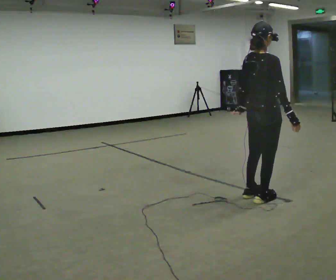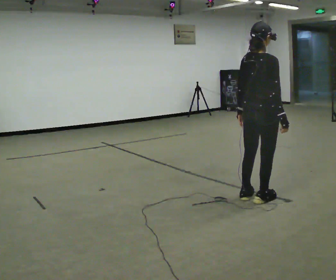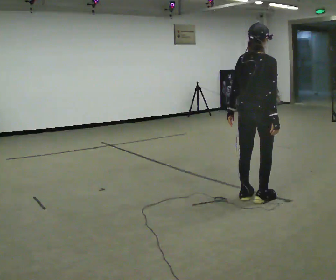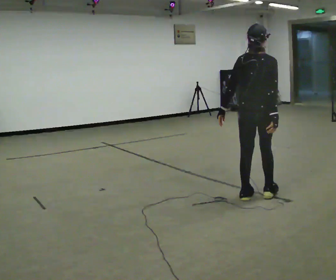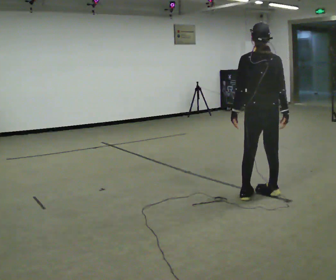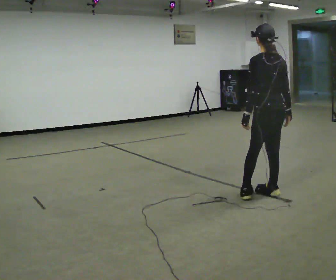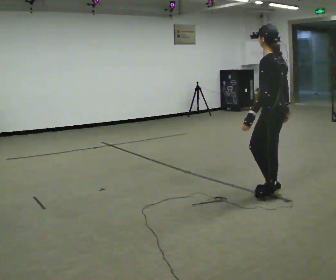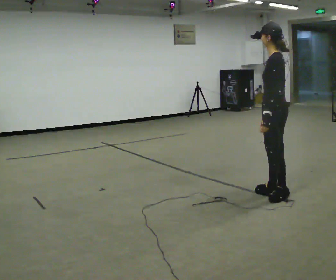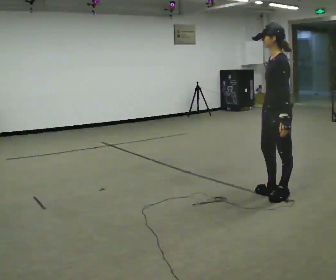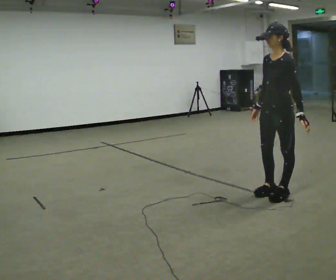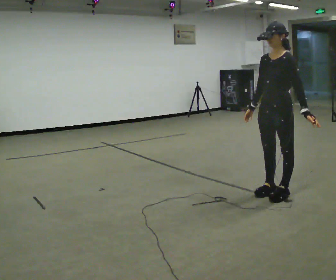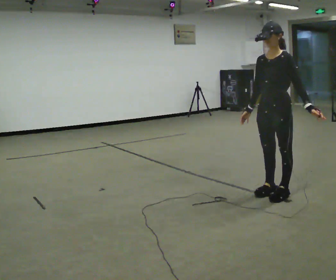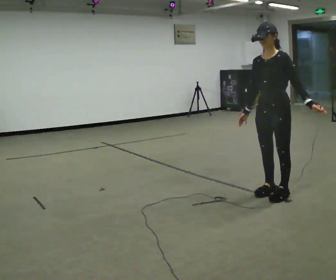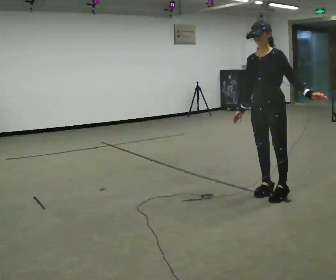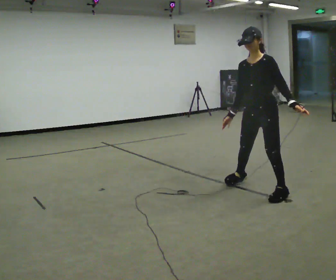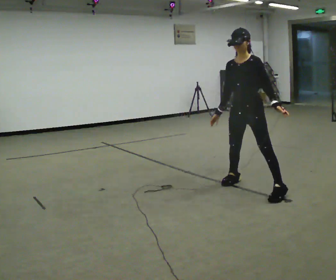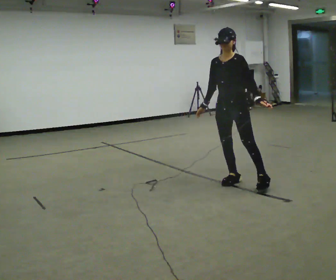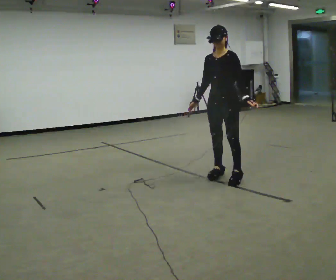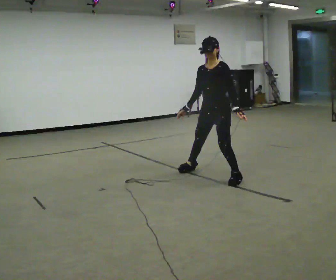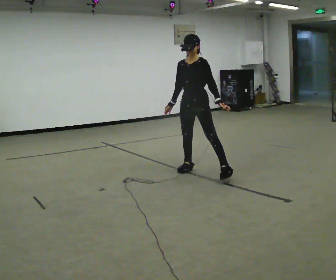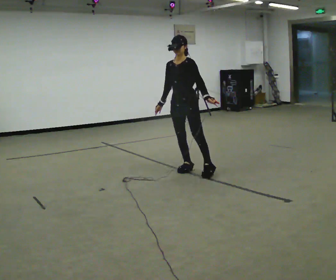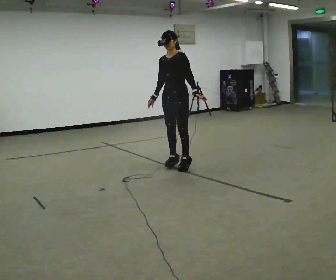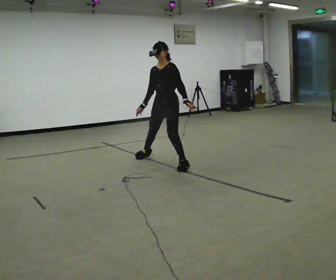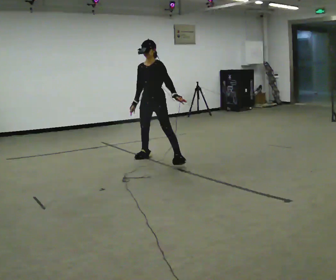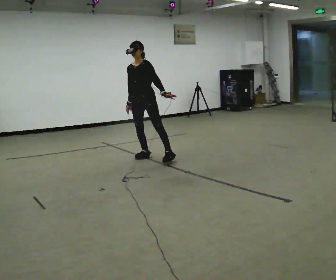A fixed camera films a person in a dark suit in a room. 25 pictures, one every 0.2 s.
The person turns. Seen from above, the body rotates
counterclockwise.
The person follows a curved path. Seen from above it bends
counterclockwise.
0.0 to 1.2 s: The person turns about 105 degrees to their left, counterclockwise seen from above, so the part of the body nearest the lens slides to the right.
1.2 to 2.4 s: The person turns about 90 degrees to their left, counterclockwise seen from above, so the part of the body nearest the lens slides to the right. In the picture their left hand goes to the right, the arm swinging counterclockwise.
2.4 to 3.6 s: In the picture they go away from the camera and to the left, about 1 m in 3 steps, which for them is to their right.
3.6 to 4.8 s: In the picture they go to the left and away from the camera, about 1.5 m in 3 steps, which for them is to their right.
The film runs backward here.
